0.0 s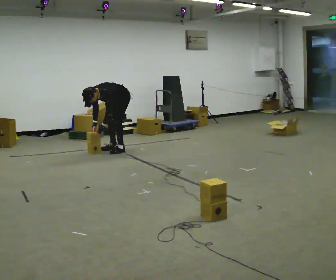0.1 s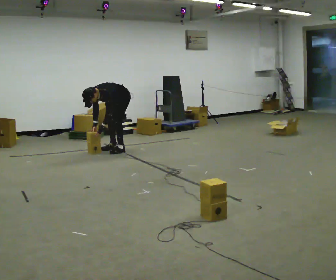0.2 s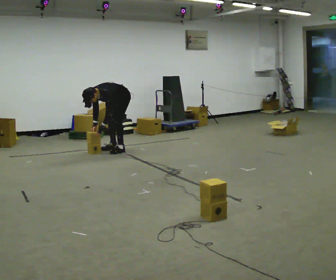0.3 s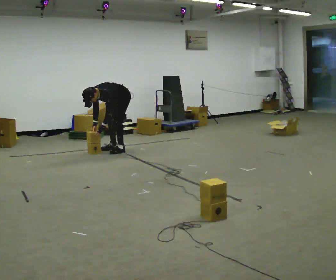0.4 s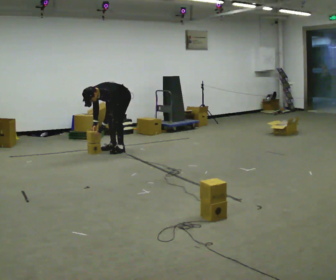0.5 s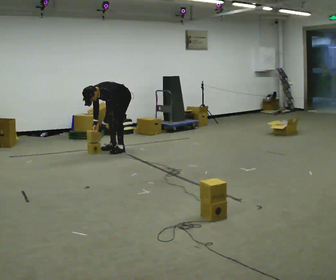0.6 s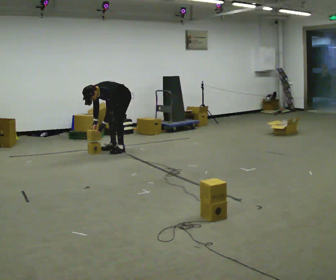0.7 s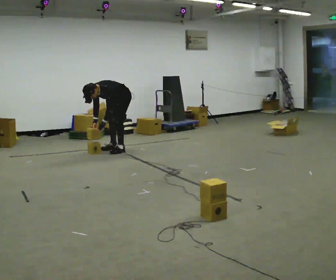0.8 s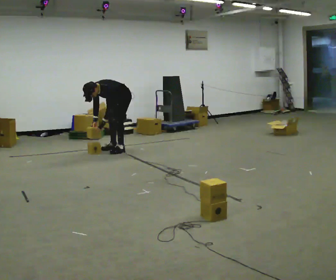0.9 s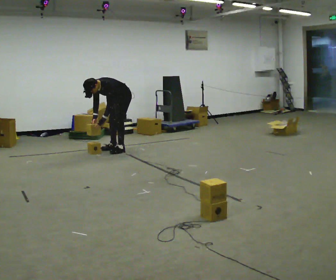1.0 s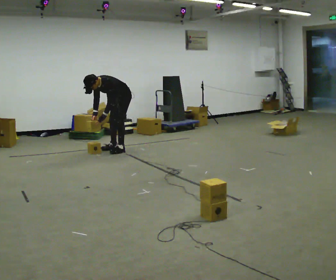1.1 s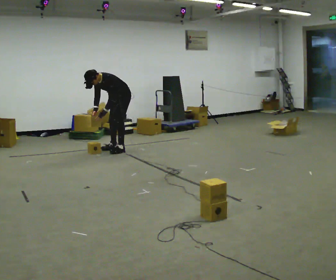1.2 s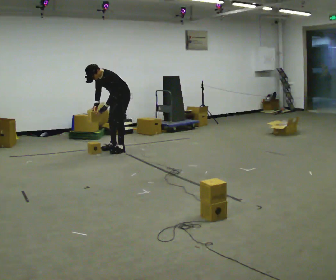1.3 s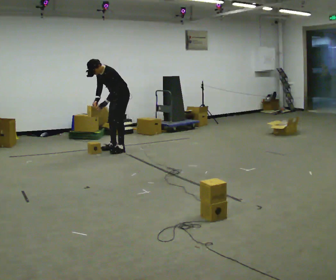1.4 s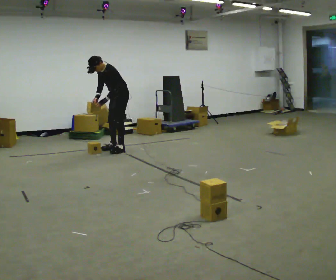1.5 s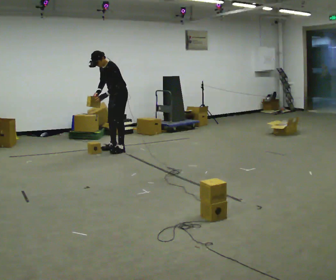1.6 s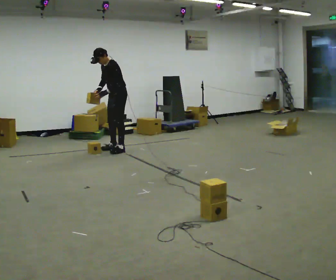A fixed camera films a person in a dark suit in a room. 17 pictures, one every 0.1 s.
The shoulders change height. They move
upward.
Their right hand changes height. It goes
upward.
0.0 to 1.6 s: The shoulders move upward. The upper body tips away from the camera, its near side rolling upward, as they lean back or straighten. In the picture their left hand goes upward.
The film runs backward here.
